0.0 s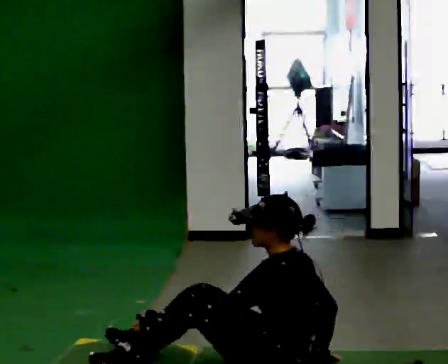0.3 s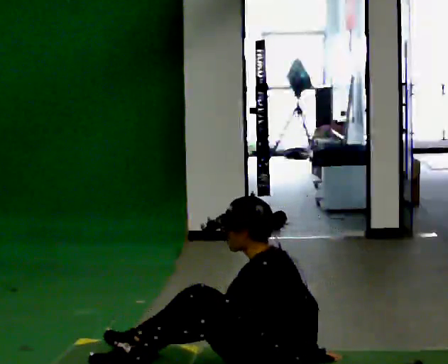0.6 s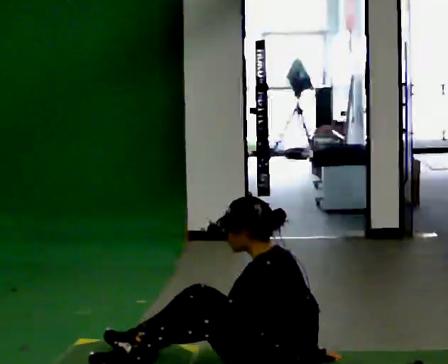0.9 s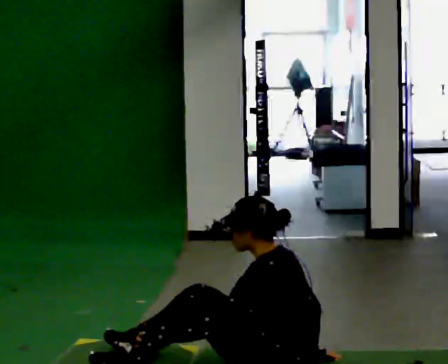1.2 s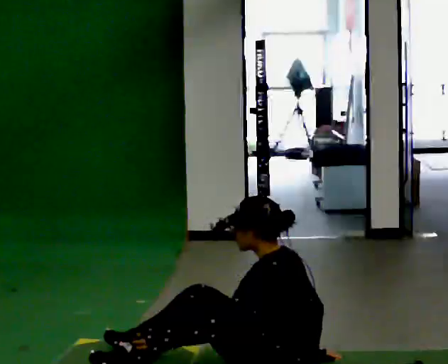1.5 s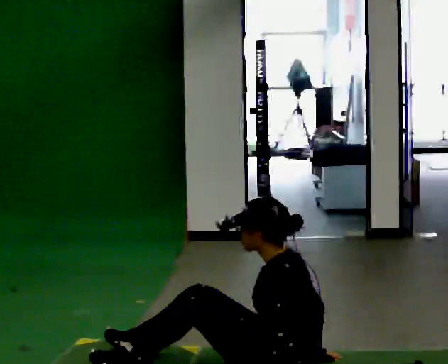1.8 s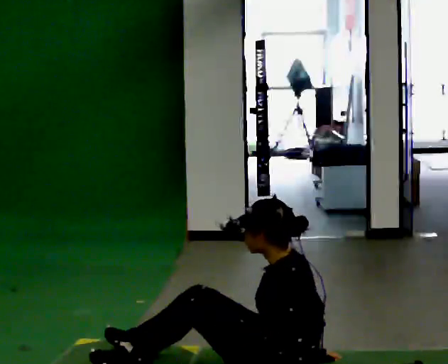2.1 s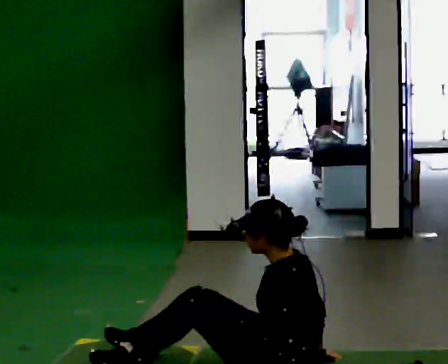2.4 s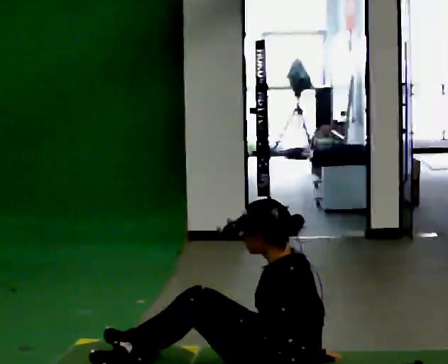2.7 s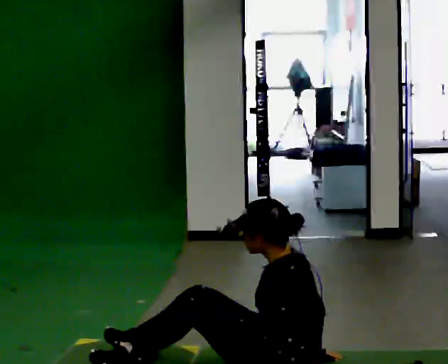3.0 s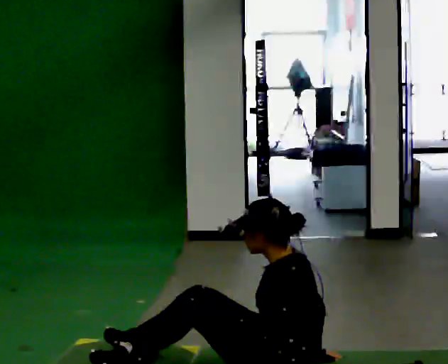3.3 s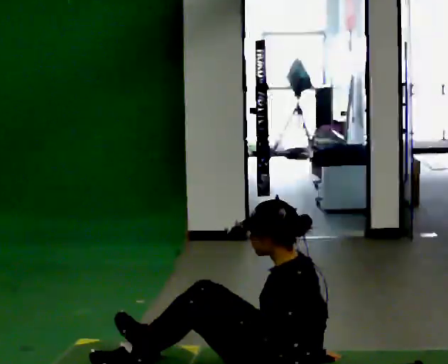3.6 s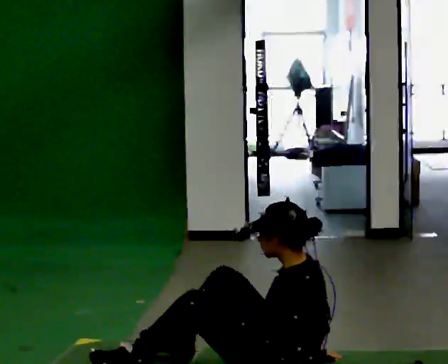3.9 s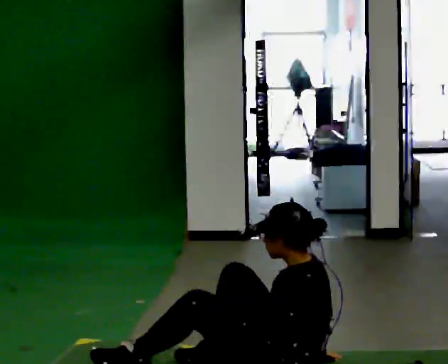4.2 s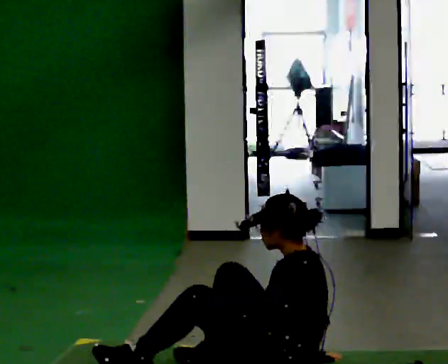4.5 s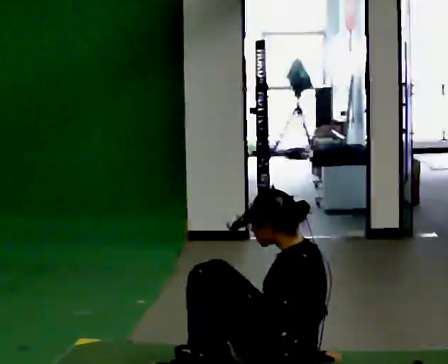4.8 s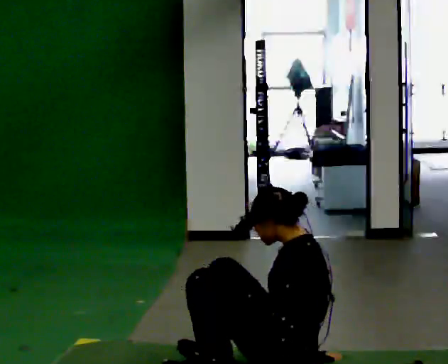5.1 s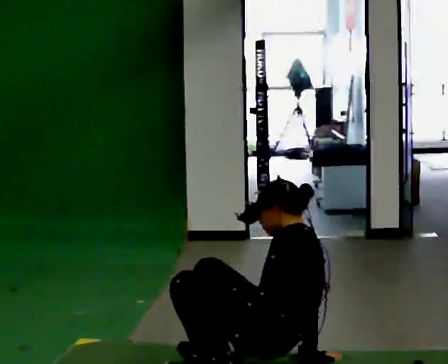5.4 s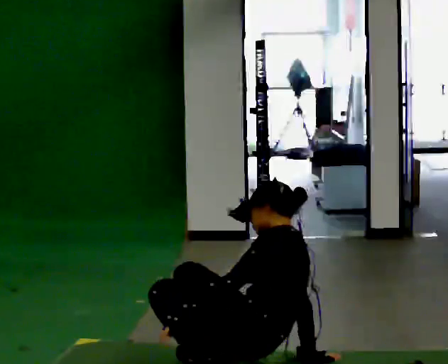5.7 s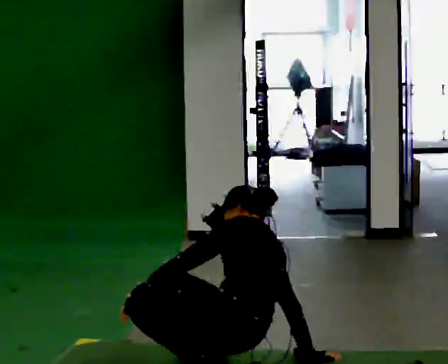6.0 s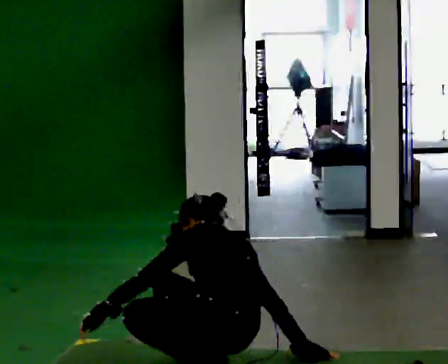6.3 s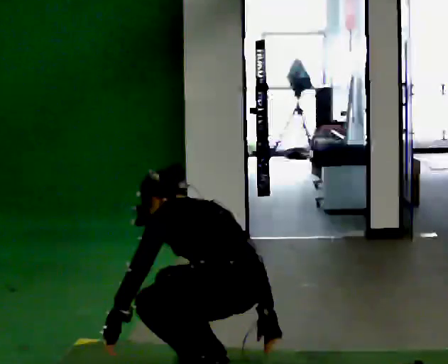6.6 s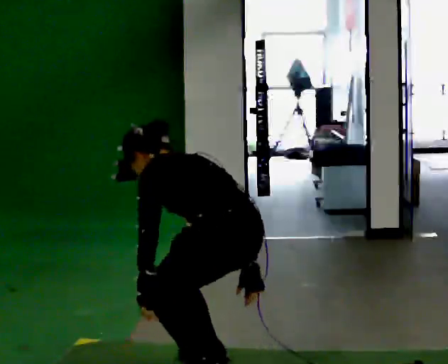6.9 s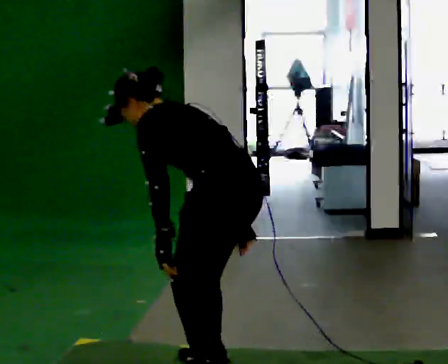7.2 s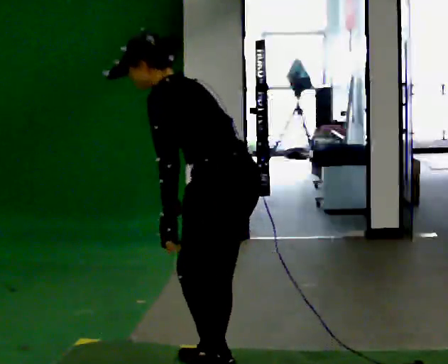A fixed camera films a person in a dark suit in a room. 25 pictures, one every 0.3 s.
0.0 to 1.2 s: The person moves a little, or ends about where they began.
1.2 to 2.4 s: In the picture their left hand goes to the right, the arm swinging counterclockwise.
2.4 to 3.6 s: The person moves a little, or ends about where they began.
3.6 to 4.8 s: The upper body tips away from the camera, its near side rolling upward.
4.8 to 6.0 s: Seen from above the body turns clockwise, about 30 degrees: to their right, with its near side sliding to the left. In the picture they go to the left, about 0.25 m, which for them is forward and to their left. The upper body tips away from the camera, its near side rolling upward, as they bend forward. In the picture their left hand goes to the left, the arm swinging clockwise.
6.0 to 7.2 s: The upper body goes upward. The upper body tips toward the camera, its near side rolling downward. In the picture their left hand goes upward, the arm swinging counterclockwise.
The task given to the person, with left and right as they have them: From standing, sit down on the floor, then stand back up in whatever way is natural. Repeat the movement at your own pace until the operator says stop; do not rush.
The film runs forward here.
